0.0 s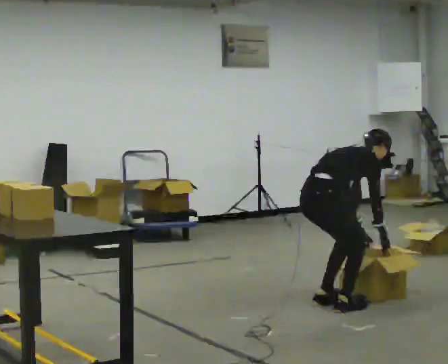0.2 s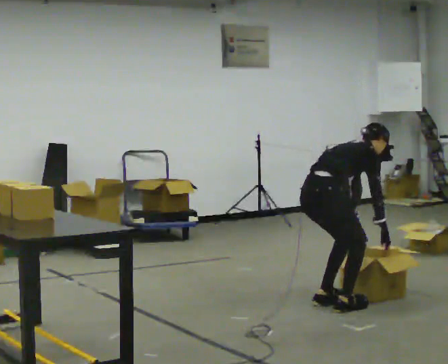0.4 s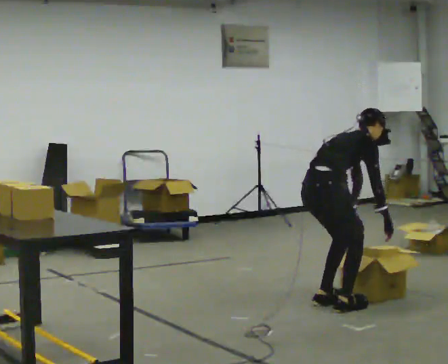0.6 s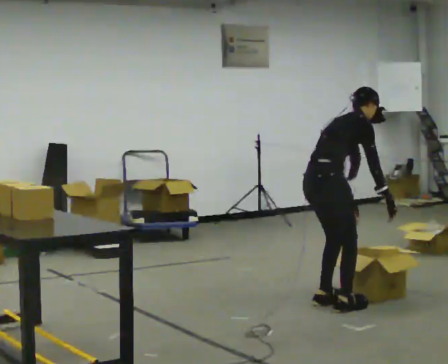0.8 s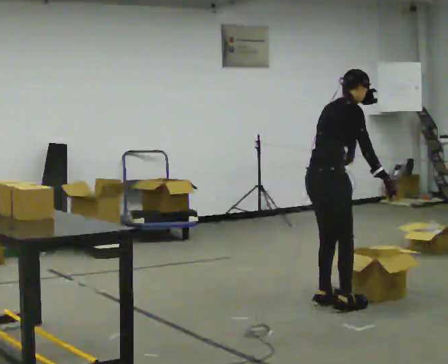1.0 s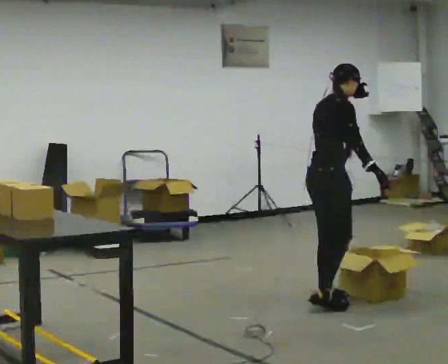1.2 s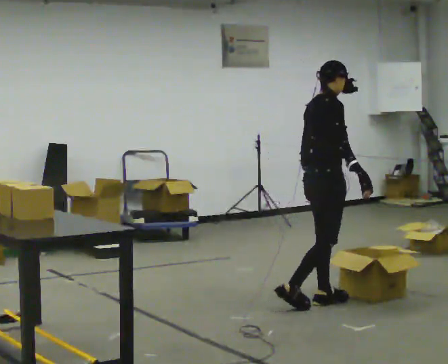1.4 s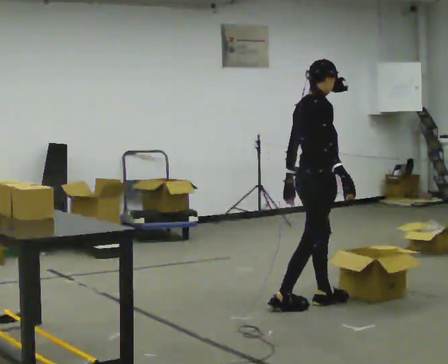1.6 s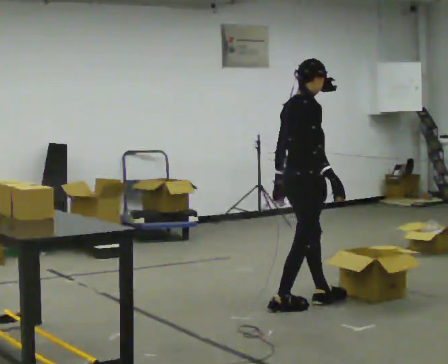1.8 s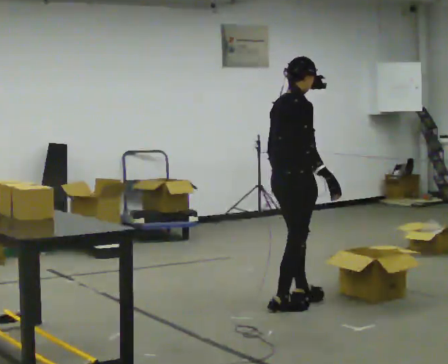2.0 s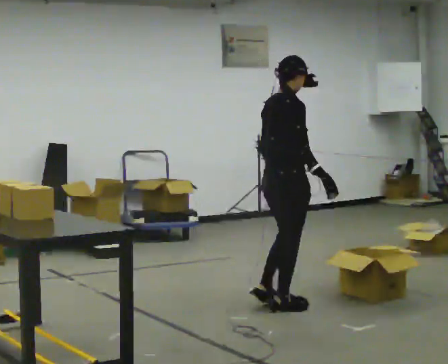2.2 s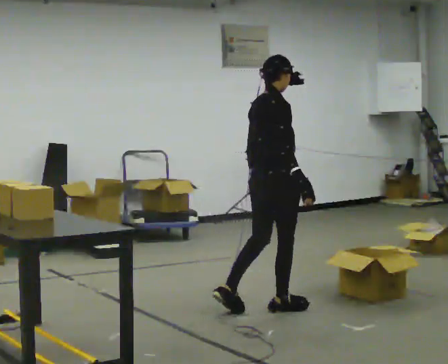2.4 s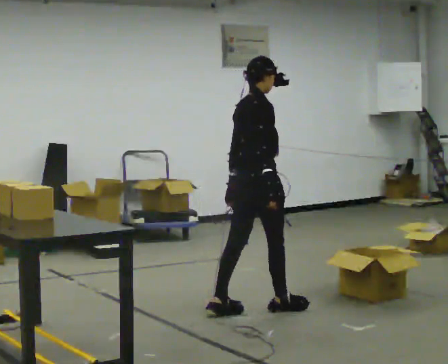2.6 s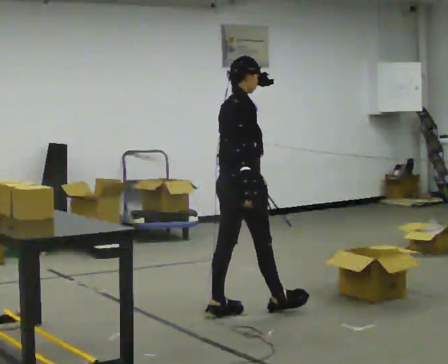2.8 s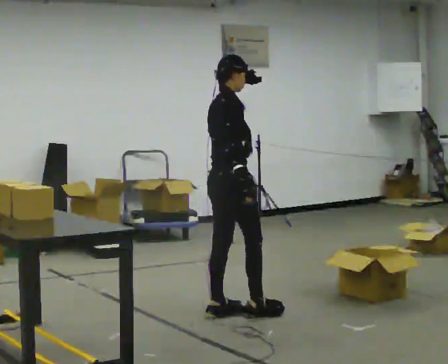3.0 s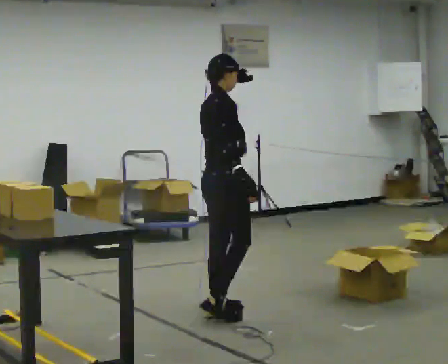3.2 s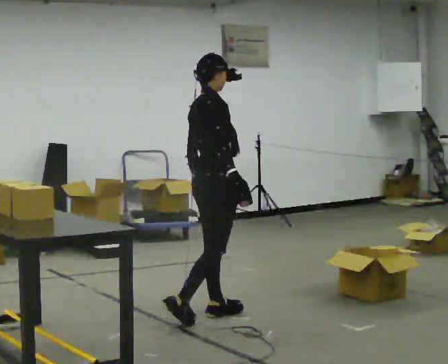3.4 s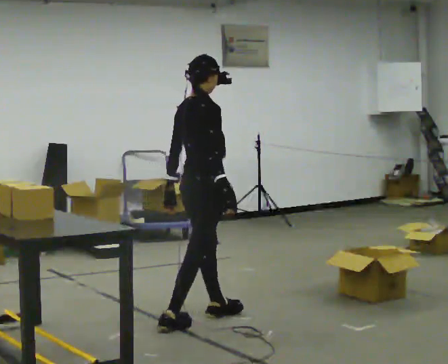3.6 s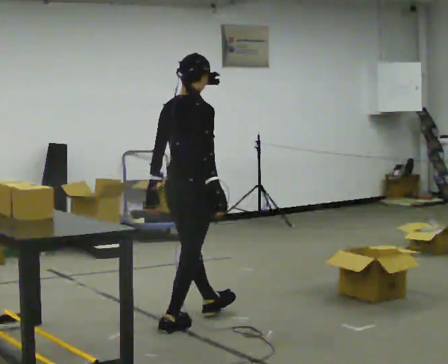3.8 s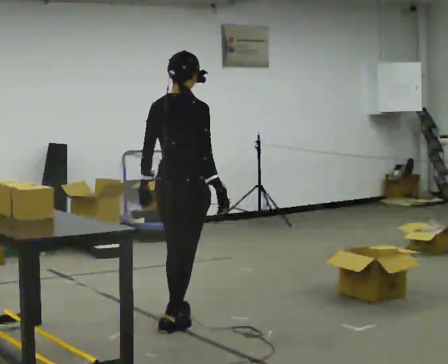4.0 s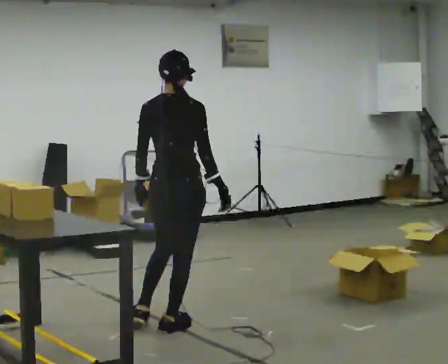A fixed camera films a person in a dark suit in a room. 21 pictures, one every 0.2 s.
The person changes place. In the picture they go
to the left.
The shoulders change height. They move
upward.
0.0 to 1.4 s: The upper body goes upward. In the picture the upper body tilts counterclockwise, shoulders to the left, as they lean back or straighten. In the picture their right hand goes upward.
1.4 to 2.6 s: In the picture they go to the left and toward the camera, about 0.5 m in 1 step, which for them is backward.
2.6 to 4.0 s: The person turns about 45 degrees to their left, counterclockwise seen from above, so the part of the body nearest the lens slides to the right. In the picture they go toward the camera and to the left, about 0.5 m in 2 steps, which for them is backward and to their right.
The film runs backward here.
